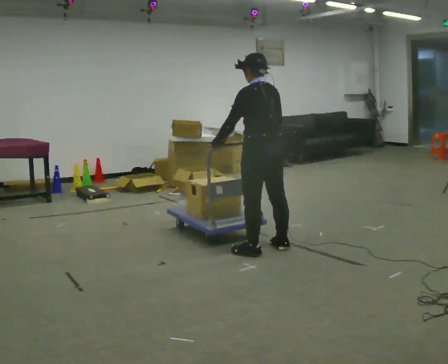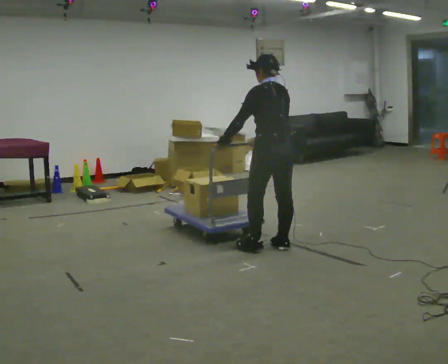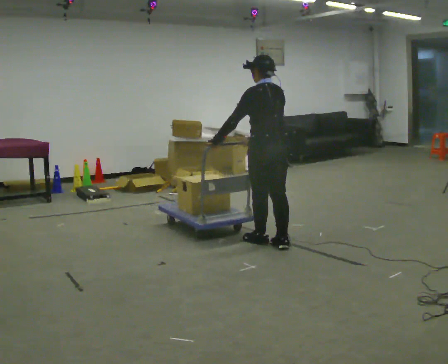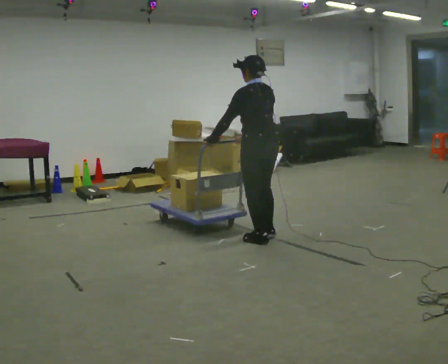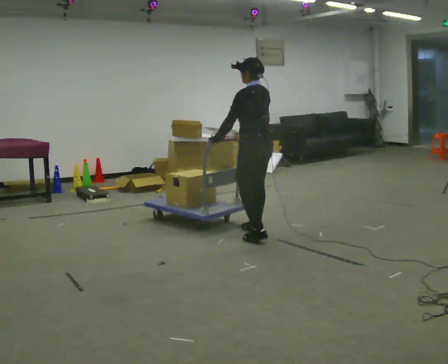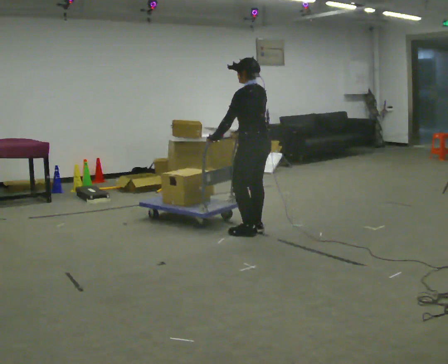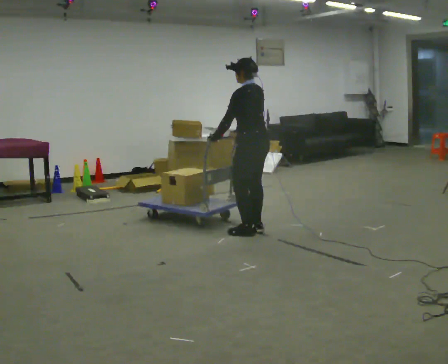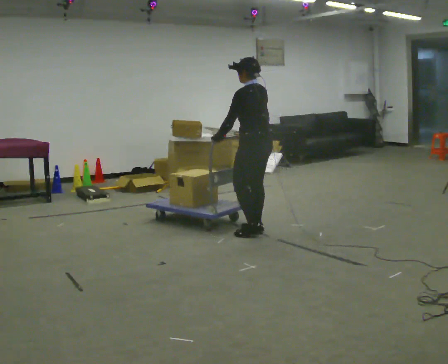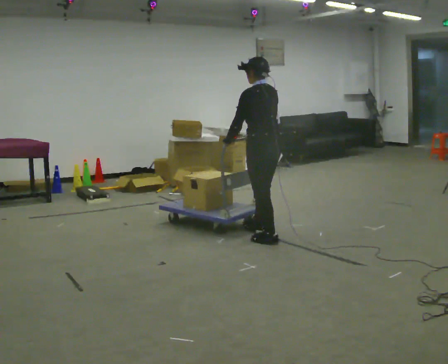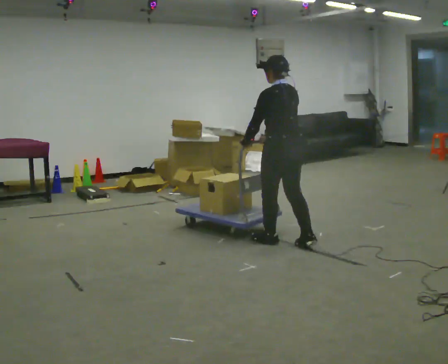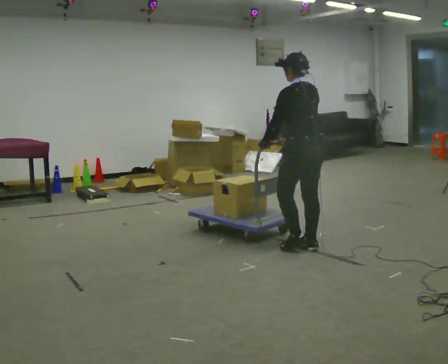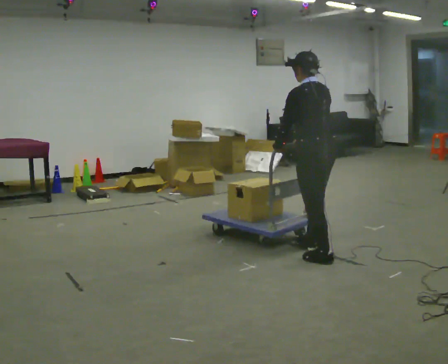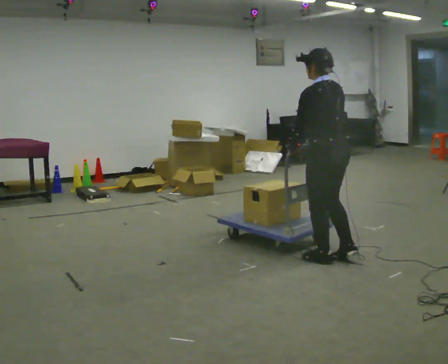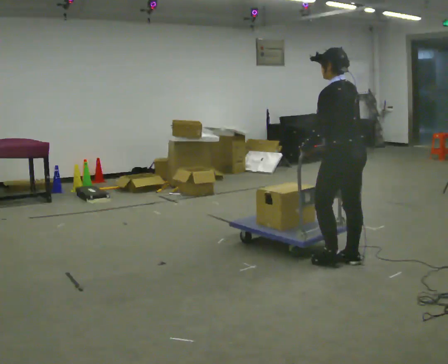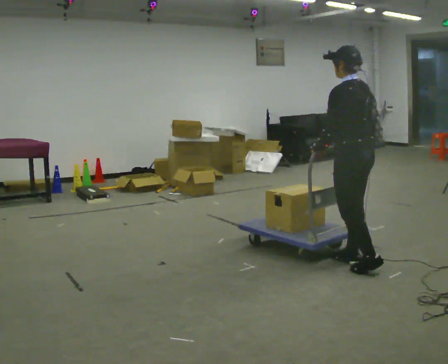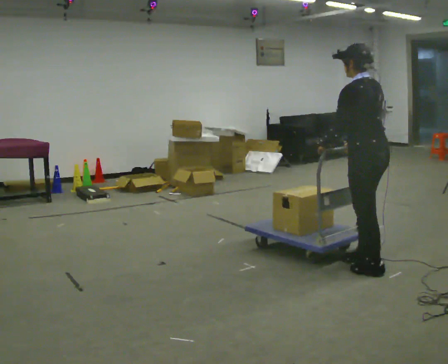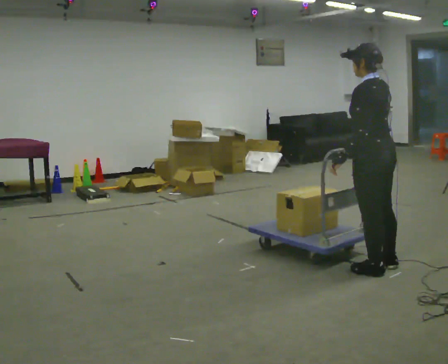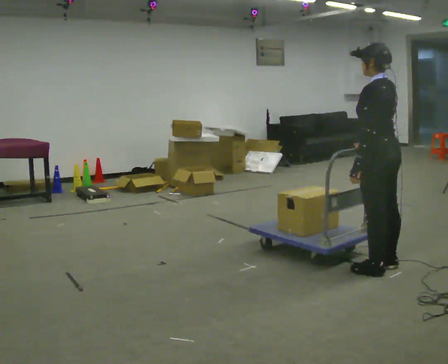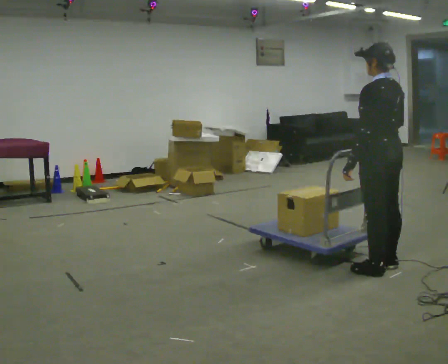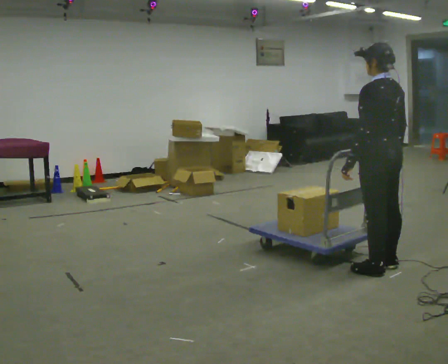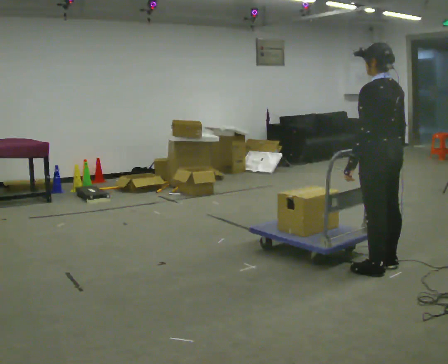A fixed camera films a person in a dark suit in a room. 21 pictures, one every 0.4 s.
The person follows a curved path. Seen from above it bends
clockwise.
0.0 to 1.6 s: In the picture they go away from the camera, about 0.5 m in 2 steps, which for them is forward and to their right.
1.6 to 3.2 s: The person moves a little, or ends about where they began.
3.2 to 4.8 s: In the picture they go to the right and toward the camera, about 1 m in 2 steps, which for them is backward.
4.8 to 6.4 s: In the picture they go to the right and toward the camera, about 0.5 m in 2 steps, which for them is backward.
6.4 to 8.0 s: The person moves a little, or ends about where they began.
The film runs backward here.
